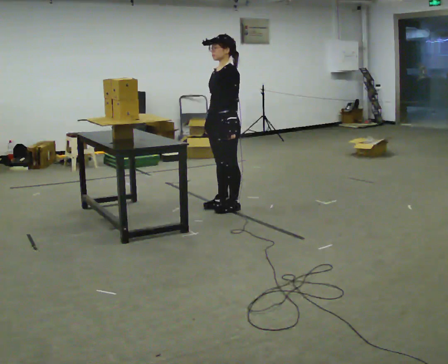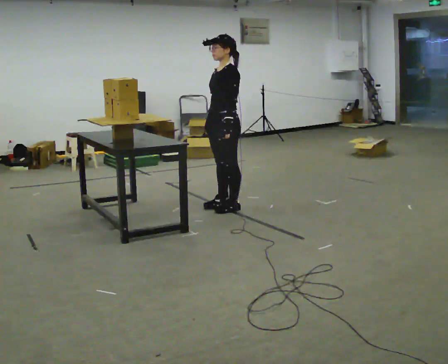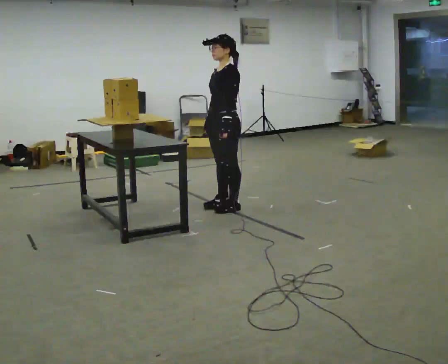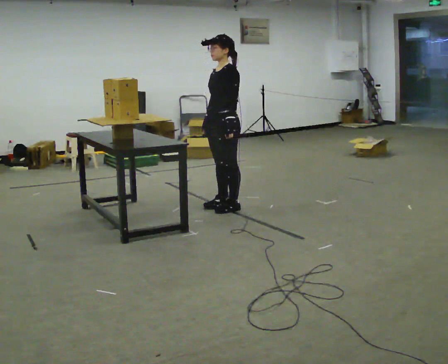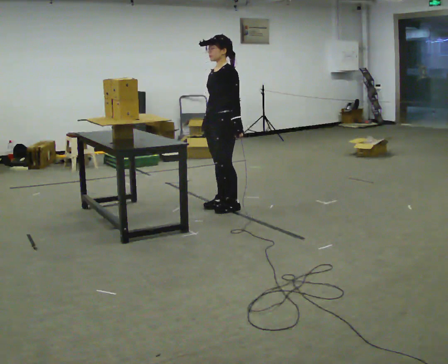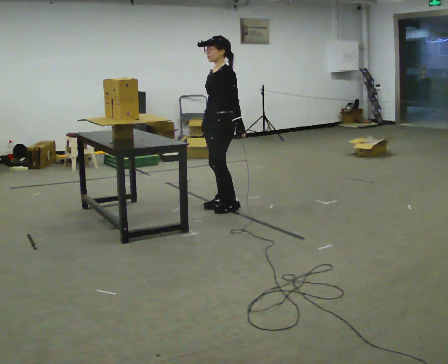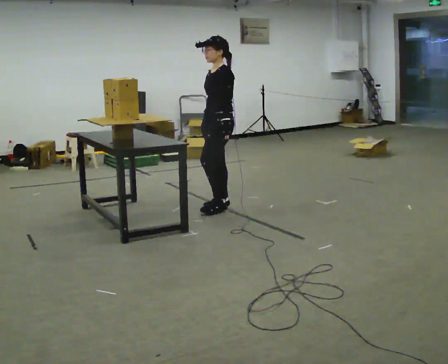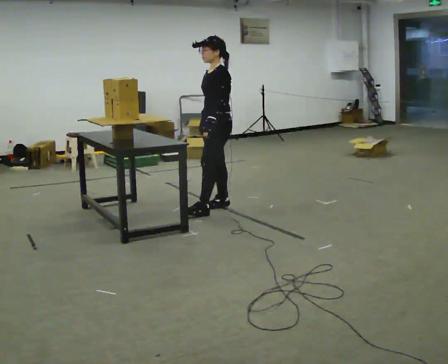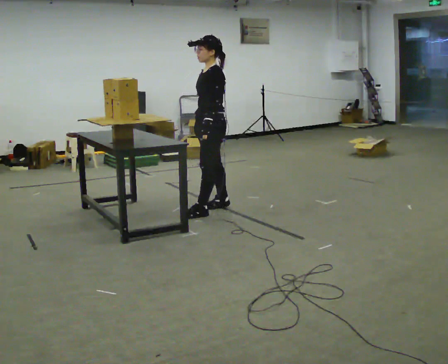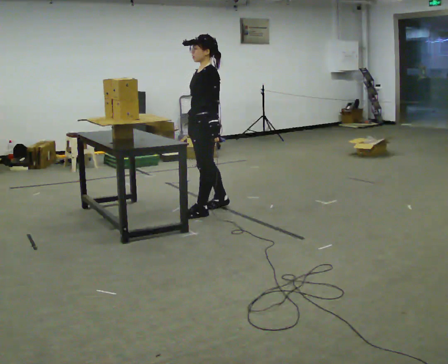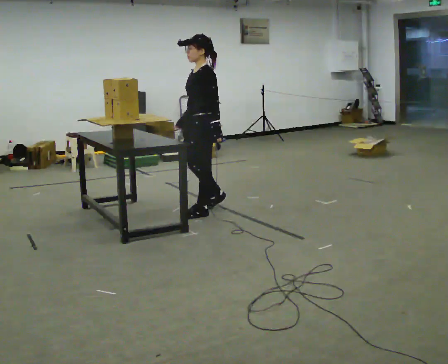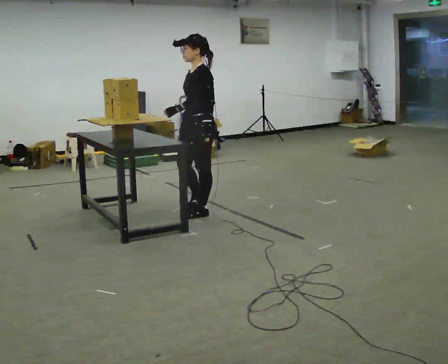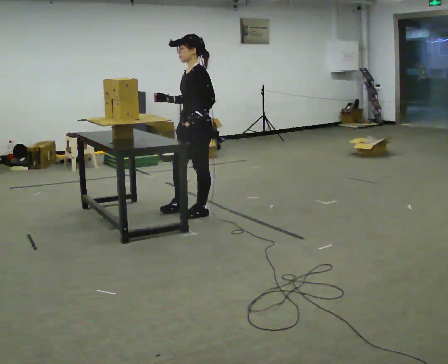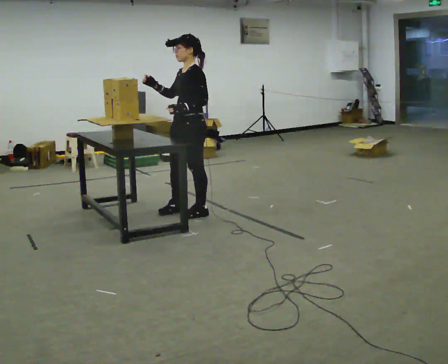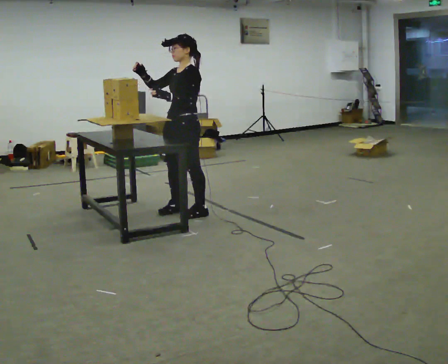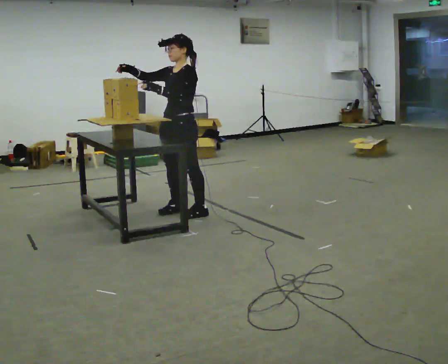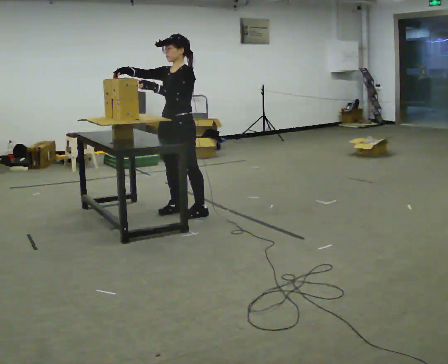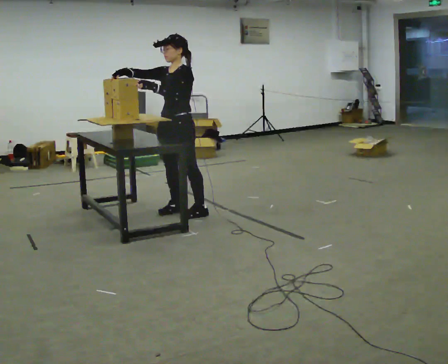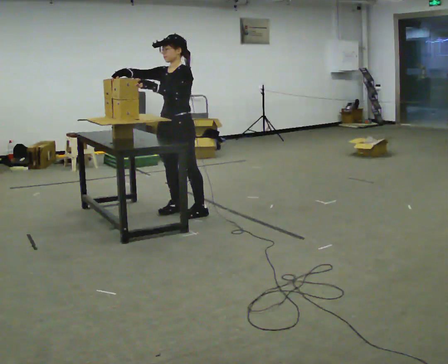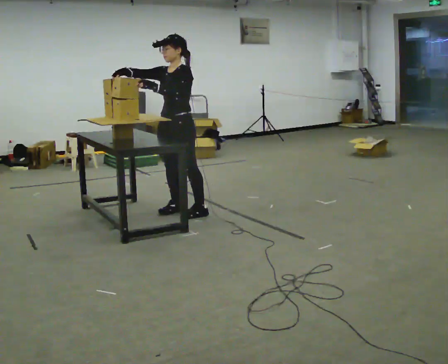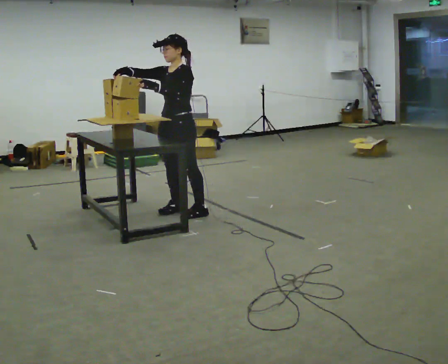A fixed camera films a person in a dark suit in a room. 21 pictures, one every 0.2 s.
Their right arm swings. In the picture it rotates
clockwise.
Their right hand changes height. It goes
upward.
0.0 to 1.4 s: The person moves a little, or ends about where they began.
1.4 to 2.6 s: In the picture they go to the left and toward the camera, about 0.25 m in 1 step, which for them is forward and to their left. In the picture their right hand goes upward, the arm swinging clockwise.
2.6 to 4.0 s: The person moves a little, or ends about where they began.
The film runs backward here.
